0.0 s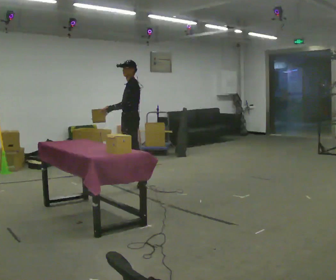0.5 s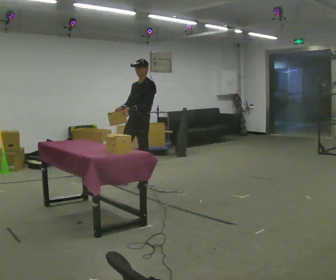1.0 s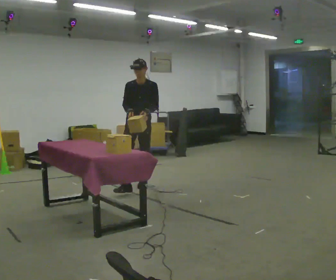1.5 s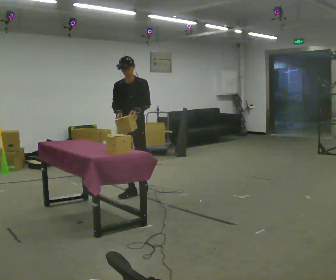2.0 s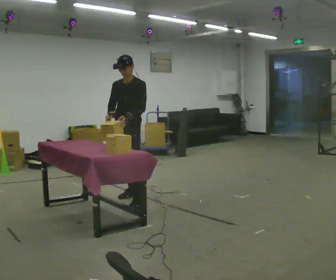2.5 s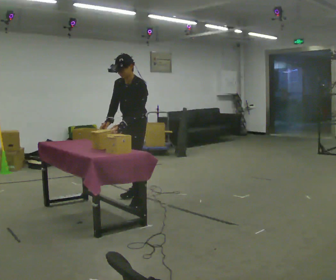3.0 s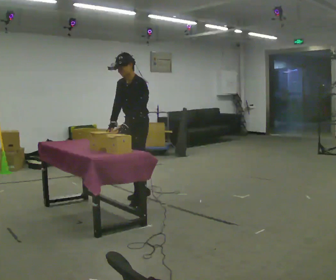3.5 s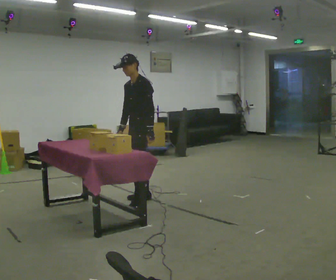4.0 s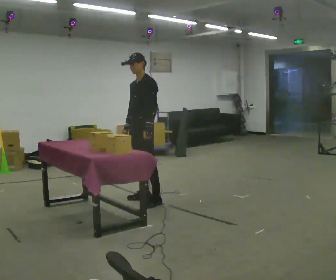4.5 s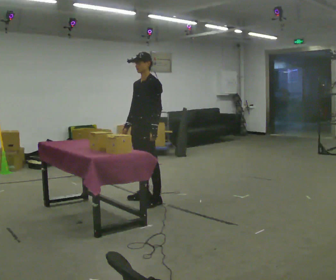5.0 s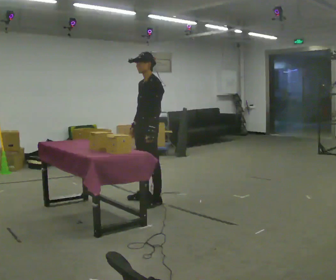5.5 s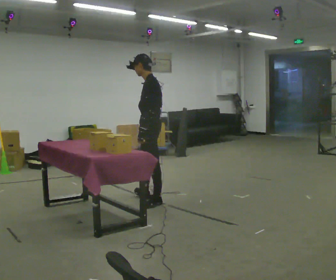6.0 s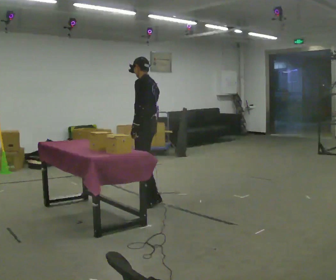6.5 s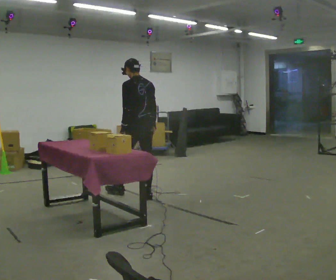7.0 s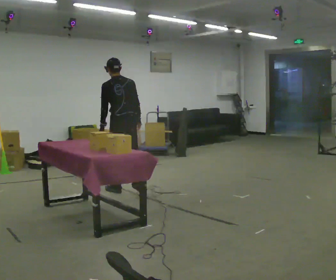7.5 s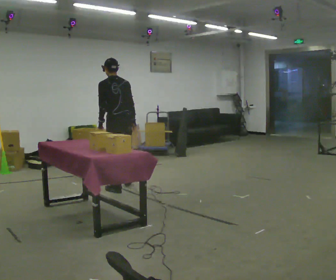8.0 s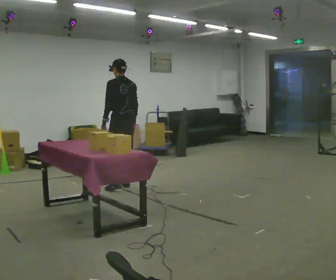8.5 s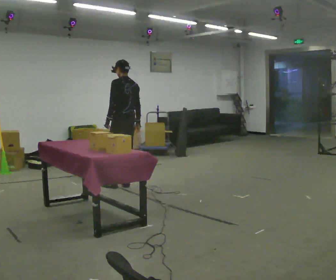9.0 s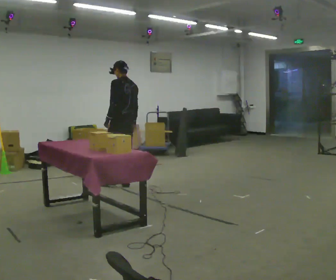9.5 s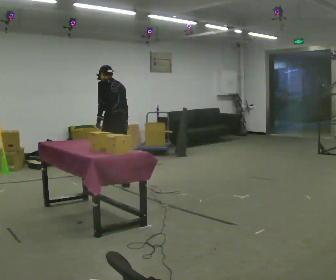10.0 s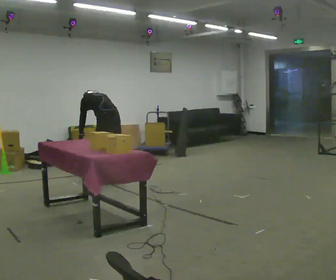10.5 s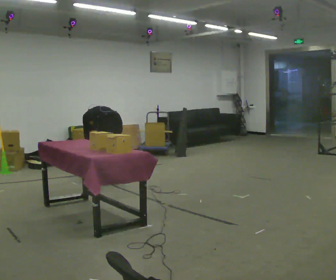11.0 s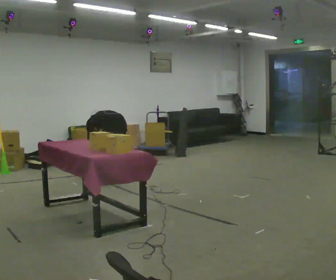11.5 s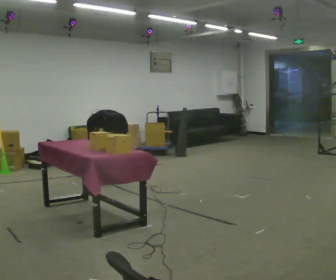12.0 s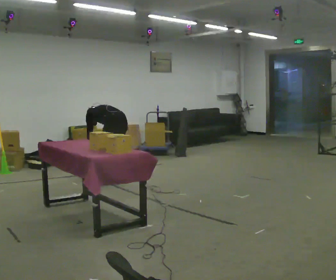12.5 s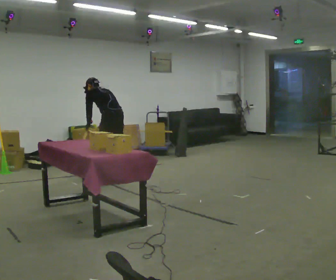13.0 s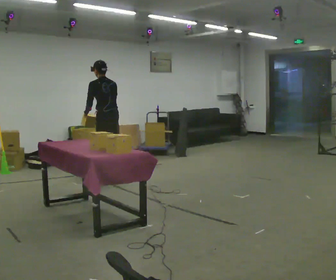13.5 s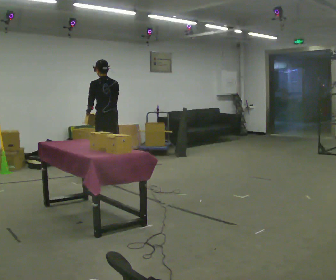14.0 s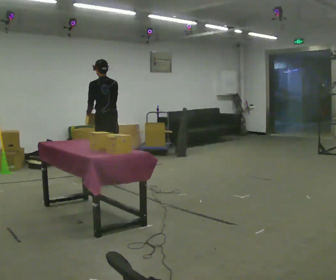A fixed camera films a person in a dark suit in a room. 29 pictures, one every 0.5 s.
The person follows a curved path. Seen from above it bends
counterclockwise.
0.0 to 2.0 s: The person turns about 60 degrees to their left, counterclockwise seen from above, so the part of the body nearest the lens slides to the right. In the picture they go toward the camera, about 1 m in 2 steps.
2.0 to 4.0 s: Seen from above the body turns clockwise, about 30 degrees: to their right, with its near side sliding to the left. In the picture they go to the right, about 0.25 m in 2 steps, which for them is to their left.
4.0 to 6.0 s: The part of the body nearest the lens slides to the left as the person turns to their right by about 60 degrees. In the picture their right hand goes to the right.
6.0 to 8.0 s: The person turns about 30 degrees to their right, clockwise seen from above, so the part of the body nearest the lens slides to the left. In the picture they go away from the camera, about 0.75 m in 2 steps, which for them is forward.
8.0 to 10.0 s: In the picture they go to the left, about 0.25 m in 3 steps, which for them is forward. The shoulders move downward. The upper body tips away from the camera, its near side rolling upward, as they bend forward. In the picture their right hand goes to the left.
10.0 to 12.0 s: The person moves a little, or ends about where they began.
12.0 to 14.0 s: The shoulders move upward. The upper body tips toward the camera, its near side rolling downward, as they lean back or straighten. In the picture their right hand goes upward.
The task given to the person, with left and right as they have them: Take an object out of the bin at knee height, carry it across the room, and place it on the chest-height shelf. Keep going until the operator says stop; one object at a time, and do not rush between trips.
The film runs forward here.
